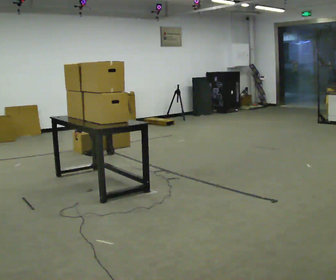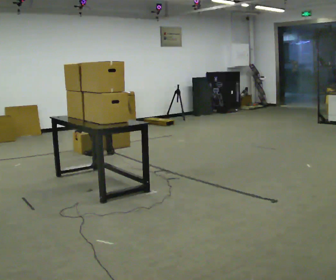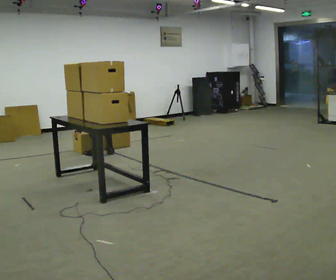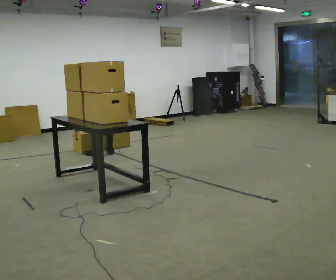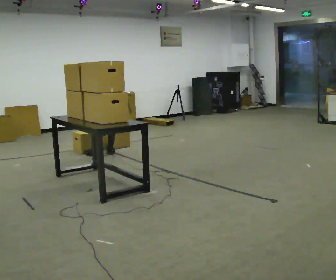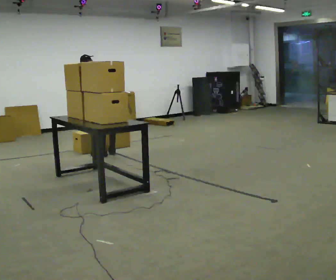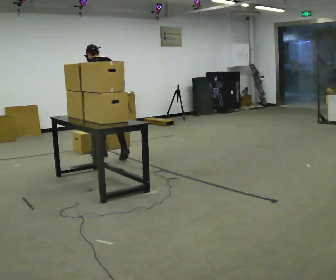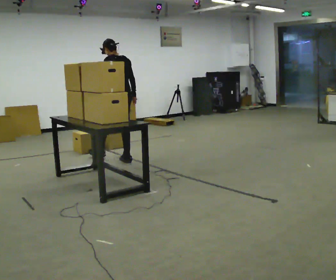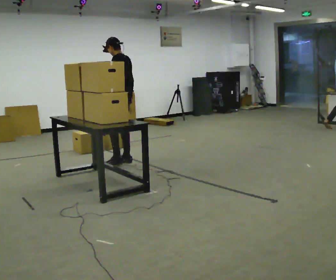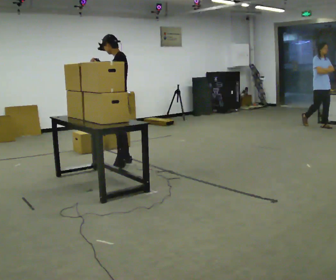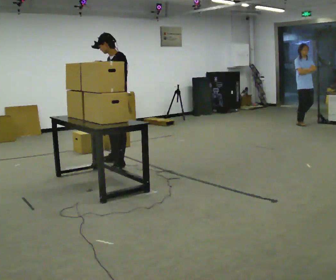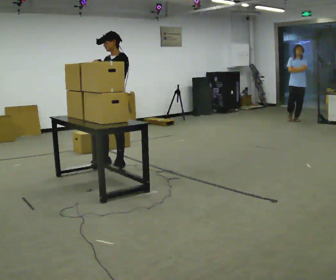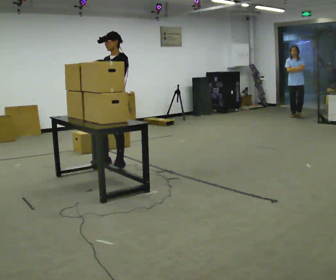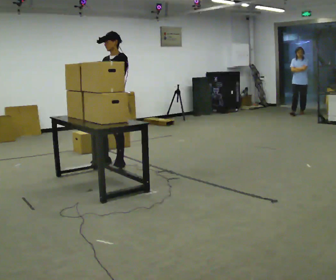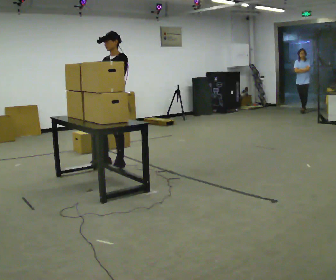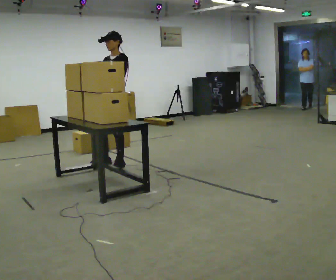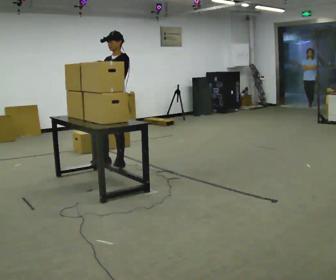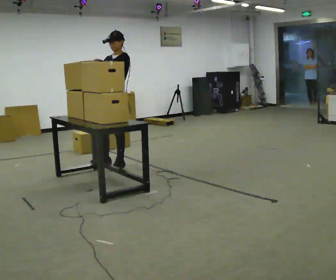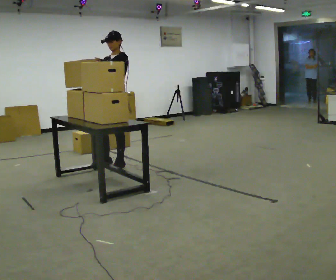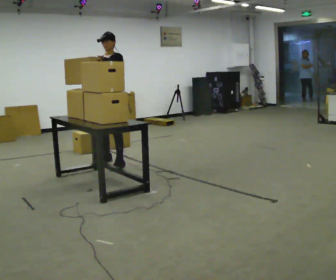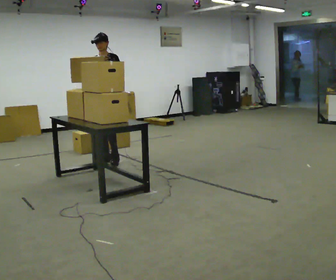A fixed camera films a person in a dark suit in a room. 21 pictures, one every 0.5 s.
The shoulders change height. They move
upward.
Their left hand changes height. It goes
upward.
0.0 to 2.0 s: The upper body goes upward. The upper body tips toward the camera, its near side rolling downward, as they lean back or straighten.
2.0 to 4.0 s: The part of the body nearest the lens slides to the right as the person turns to their left by about 30 degrees. In the picture they go toward the camera and to the right, about 0.5 m in 2 steps, which for them is backward. The upper body goes upward. The upper body tips toward the camera, its near side rolling downward, as they lean back or straighten. In the picture their left hand goes upward.
4.0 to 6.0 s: The person turns about 60 degrees to their left, counterclockwise seen from above, so the part of the body nearest the lens slides to the right. In the picture they go toward the camera, about 0.25 m in 1 step, which for them is to their left and forward. In the picture their right hand goes upward, the arm swinging clockwise.
6.0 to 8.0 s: The person moves a little, or ends about where they began.
8.0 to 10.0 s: Seen from above the body turns counterclockwise, about 30 degrees: to their left, with its near side sliding to the right. In the picture they go away from the camera and to the left, about 0.5 m in 2 steps, which for them is to their right.
The film runs backward here.
